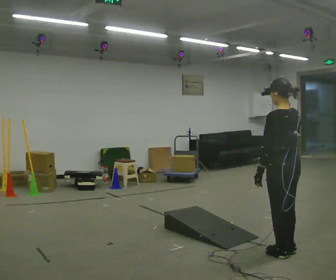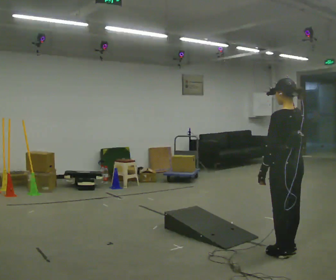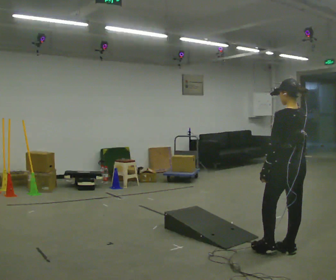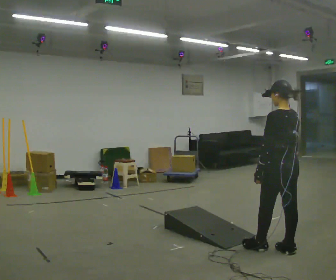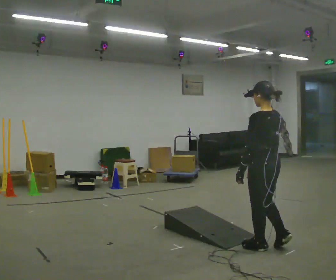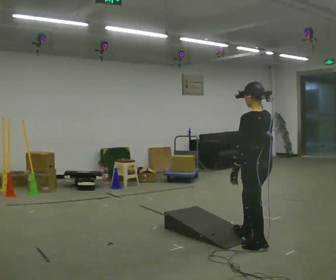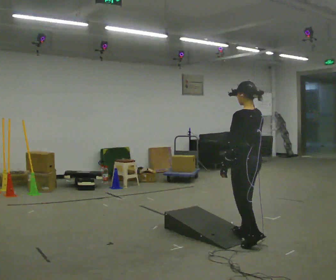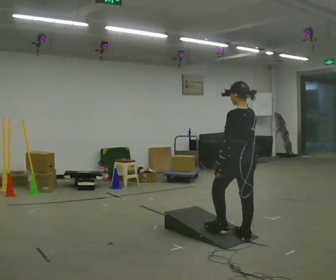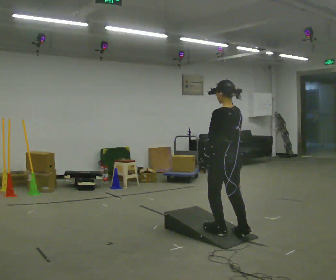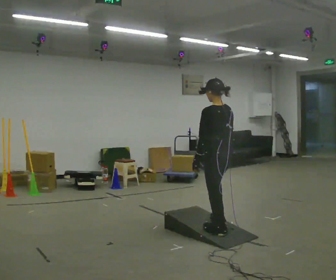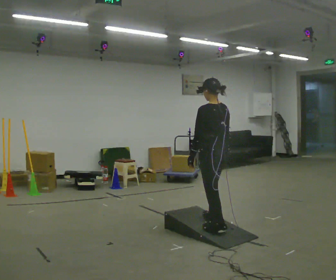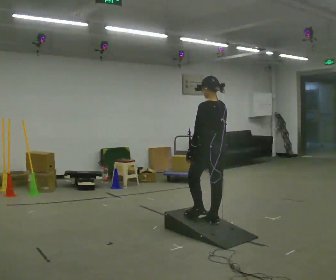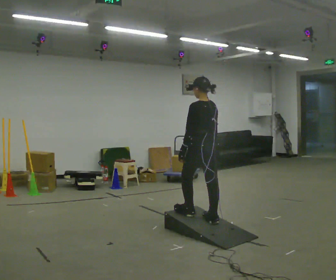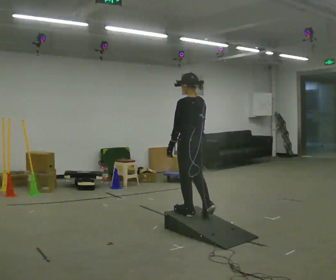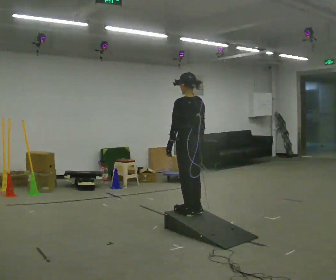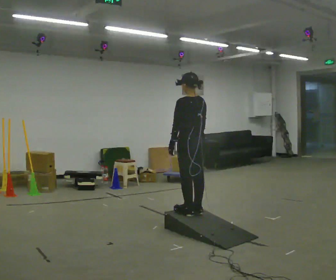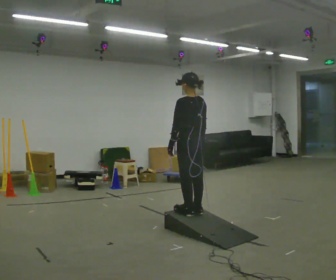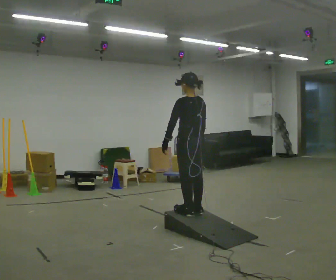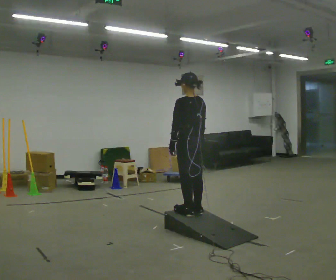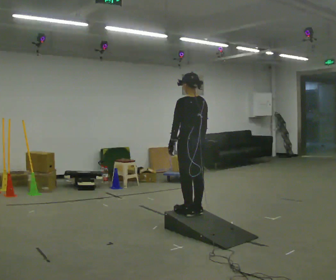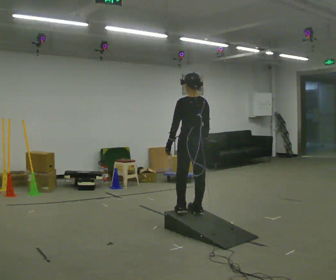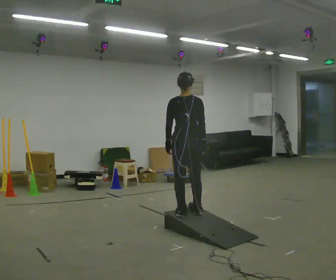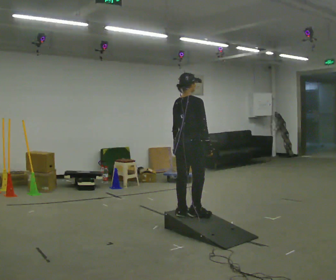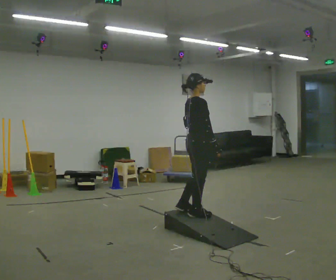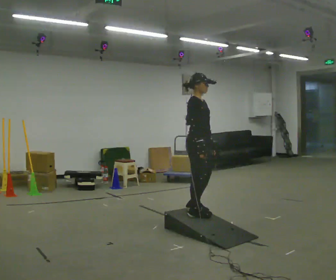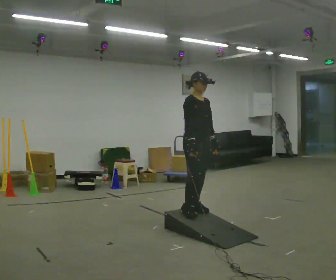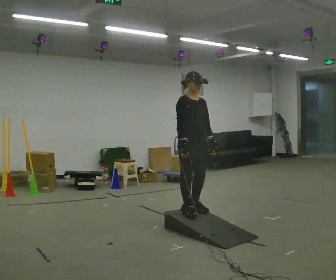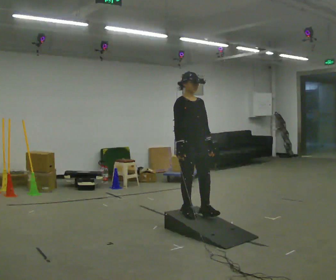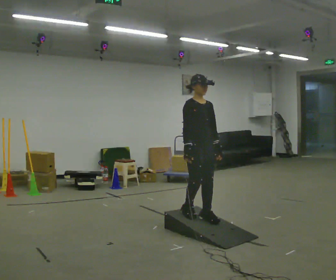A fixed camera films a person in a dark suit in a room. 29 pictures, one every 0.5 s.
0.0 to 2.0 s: In the picture they go away from the camera, about 0.25 m in 1 step, which for them is forward.
2.0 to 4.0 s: In the picture they go away from the camera and to the left, about 0.5 m in 2 steps, which for them is forward.
4.0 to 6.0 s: In the picture they go away from the camera and to the left, about 0.5 m in 2 steps, which for them is forward.
6.0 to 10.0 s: The person moves a little, or ends about where they began.
10.0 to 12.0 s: The part of the body nearest the lens slides to the left as the person turns to their right by about 135 degrees. In the picture their left hand goes to the right, the arm swinging counterclockwise.
12.0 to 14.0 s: The person turns about 30 degrees to their right, clockwise seen from above, so the part of the body nearest the lens slides to the left.
The film runs forward here.
